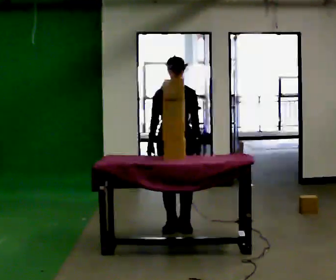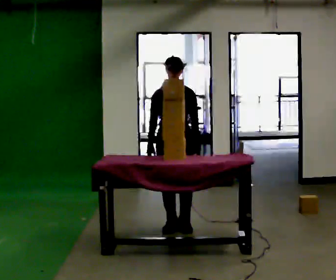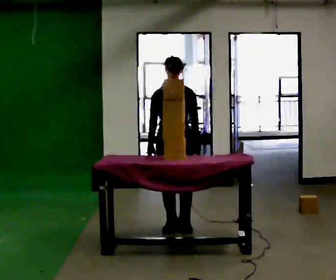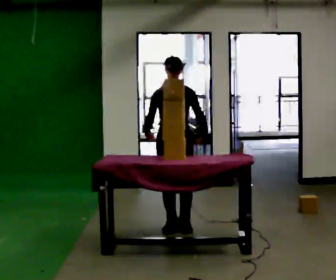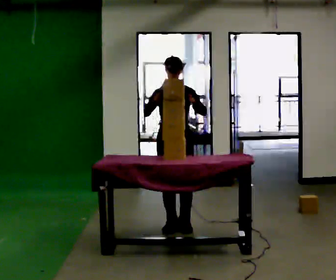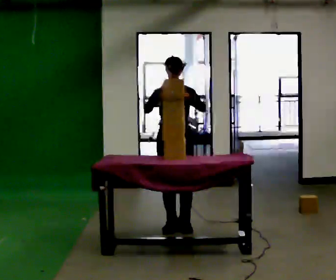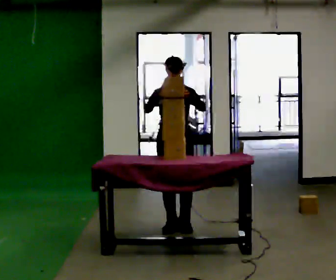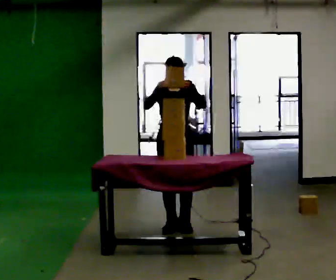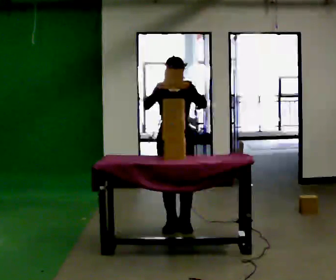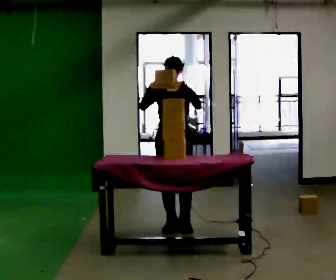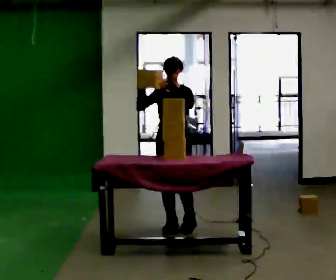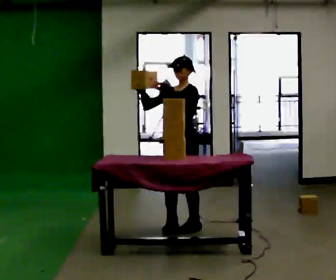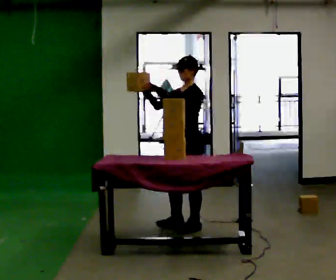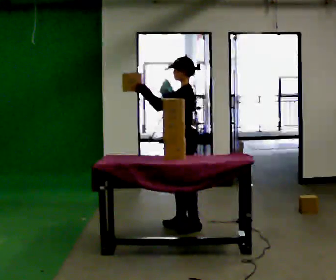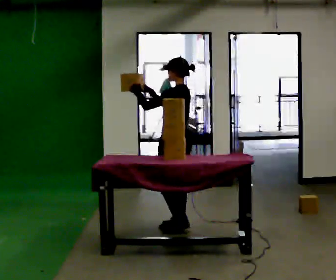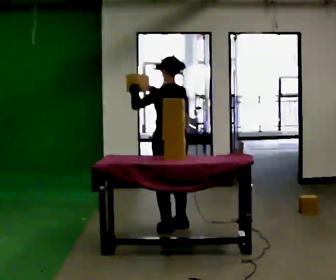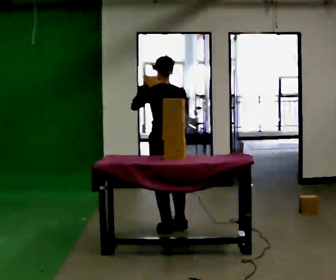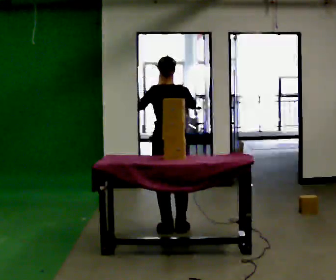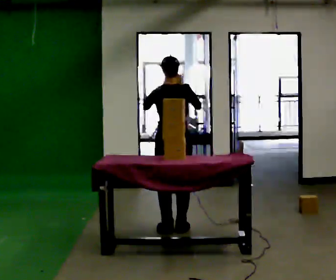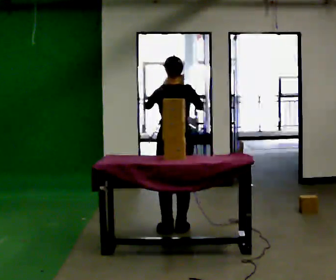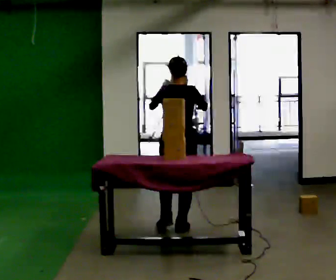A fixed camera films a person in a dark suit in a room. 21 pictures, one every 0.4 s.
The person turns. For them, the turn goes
to their right.
Their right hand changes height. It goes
upward.
0.0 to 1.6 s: In the picture their right hand goes upward.
1.6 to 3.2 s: The person moves a little, or ends about where they began.
3.2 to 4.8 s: The part of the body nearest the lens slides to the left as the person turns to their right by about 60 degrees.
4.8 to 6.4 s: Seen from above the body turns clockwise, about 105 degrees: to their right, with its near side sliding to the left. In the picture they go to the left, about 0.25 m in 1 step.
6.4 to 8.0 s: The person moves a little, or ends about where they began.
The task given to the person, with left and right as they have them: Take boxes off the top of the stack one at a time and carry them away, walking back for each one. Keep going until the operator says stop; one object at a time, and do not rush between trips.
The film runs forward here.
